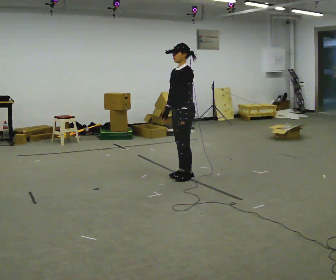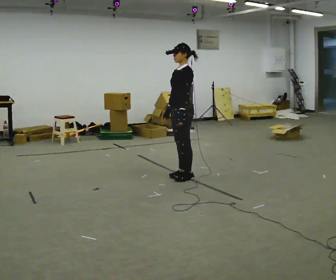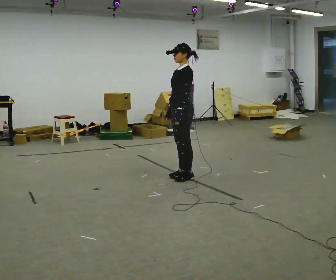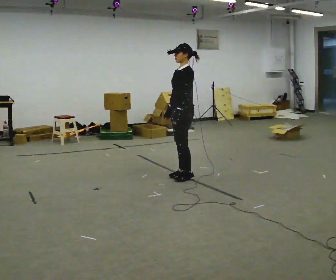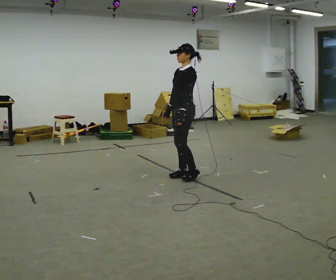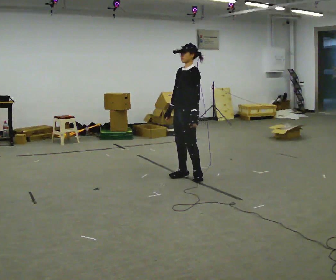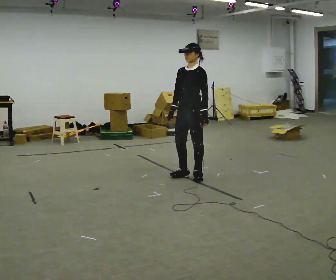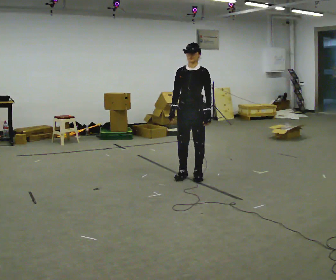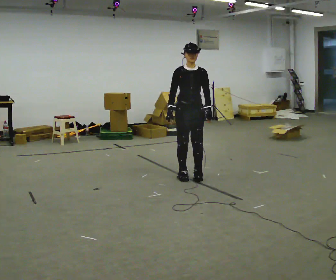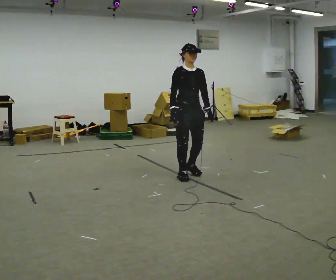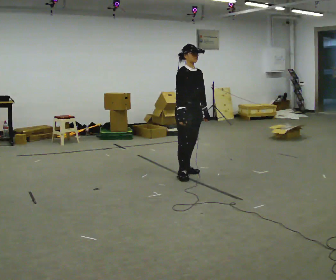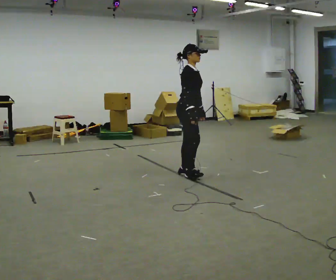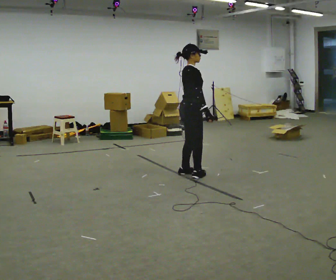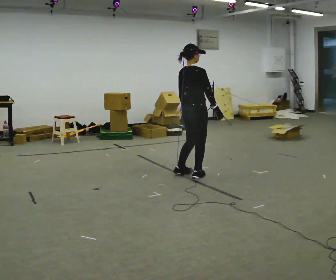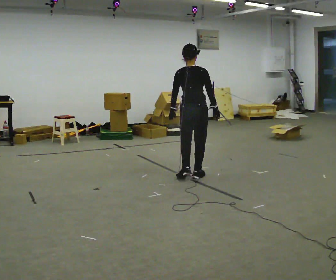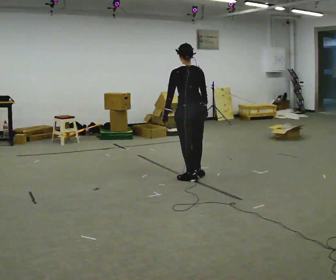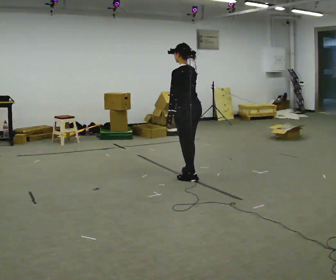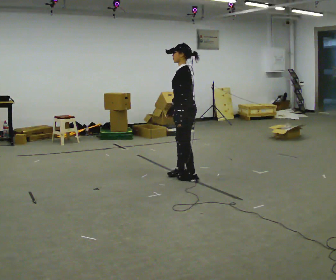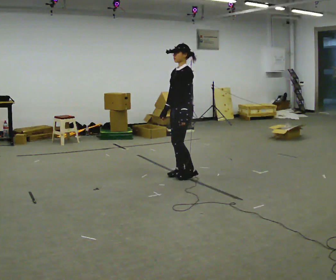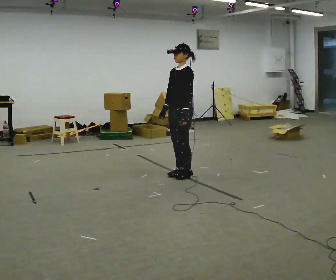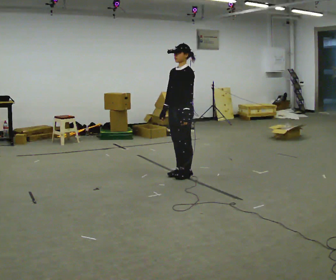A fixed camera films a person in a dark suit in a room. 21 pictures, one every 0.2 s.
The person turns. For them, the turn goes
to their left.
The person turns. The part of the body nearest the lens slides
to the right.
0.0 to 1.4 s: The part of the body nearest the lens slides to the right as the person turns to their left by about 45 degrees.
1.4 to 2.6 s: The person turns about 150 degrees to their left, counterclockwise seen from above, so the part of the body nearest the lens slides to the right. In the picture their right hand goes to the right, the arm swinging counterclockwise.
2.6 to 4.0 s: The part of the body nearest the lens slides to the right as the person turns to their left by about 180 degrees. In the picture their right hand goes to the left, the arm swinging clockwise.
The film runs backward here.
